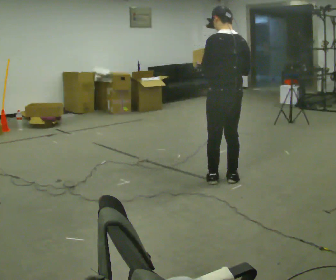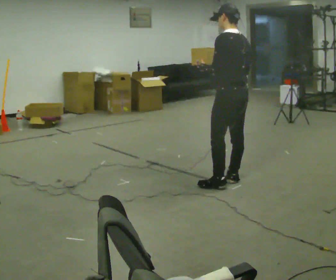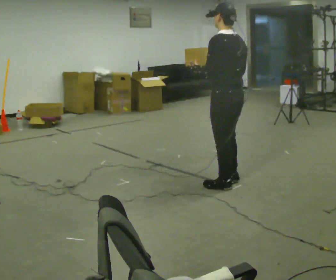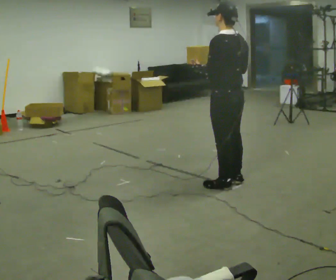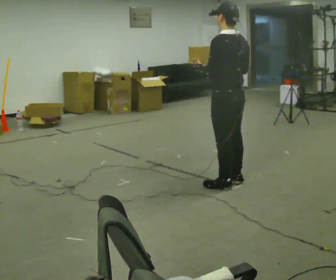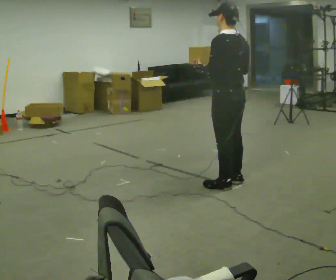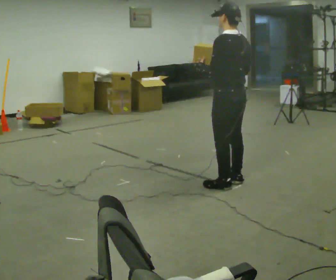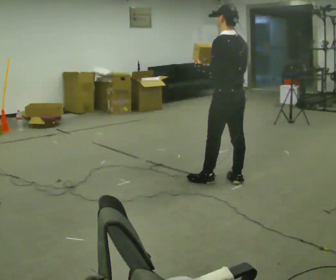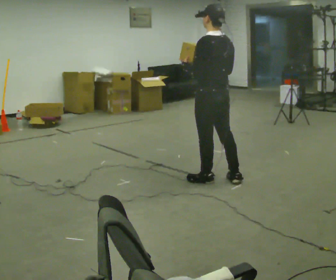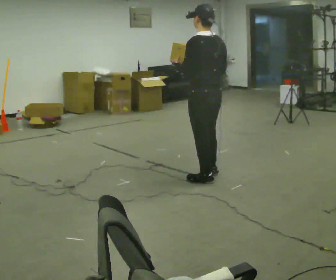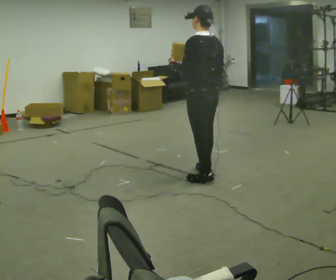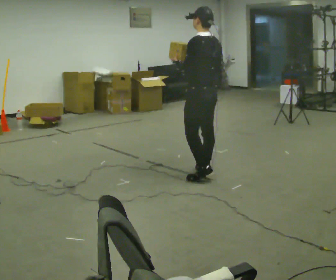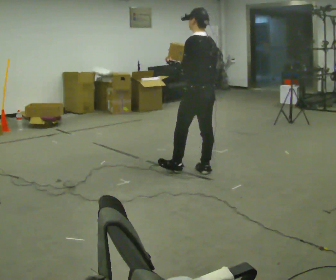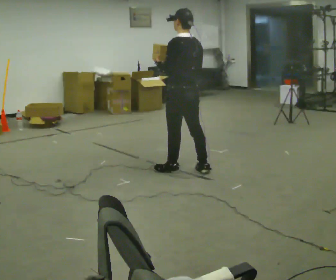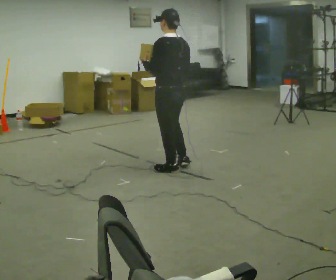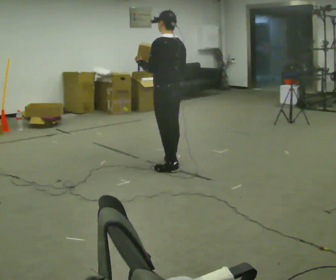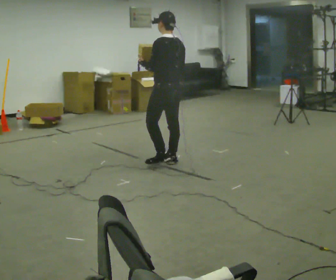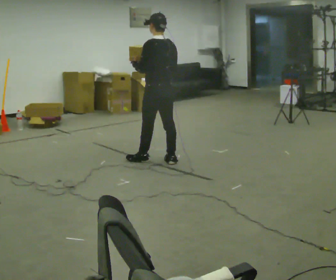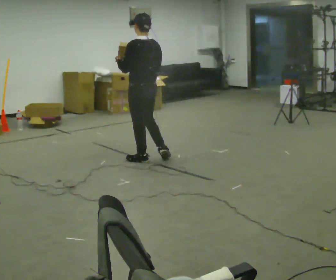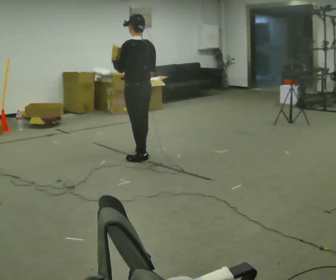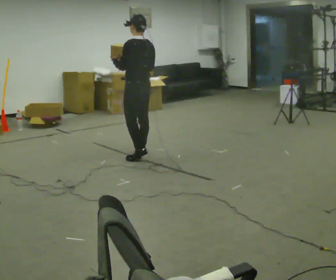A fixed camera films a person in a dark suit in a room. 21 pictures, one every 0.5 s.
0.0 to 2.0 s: The person moves a little, or ends about where they began.
2.0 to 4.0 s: In the picture they go to the left, about 0.25 m in 1 step, which for them is forward.
4.0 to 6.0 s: In the picture they go away from the camera and to the left, about 0.25 m in 1 step, which for them is forward and to their right.
6.0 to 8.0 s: In the picture they go to the left and away from the camera, about 0.5 m in 2 steps, which for them is forward.
8.0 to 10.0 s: In the picture they go to the left and away from the camera, about 0.5 m in 2 steps, which for them is forward.
The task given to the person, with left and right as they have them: Carry the object and, while walking, turn it over in your hands to look at all sides of it. Keep turning it as you walk.
The film runs forward here.
